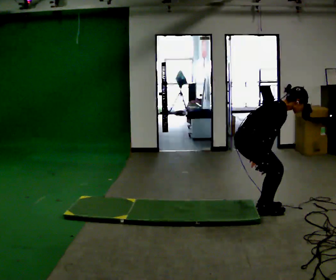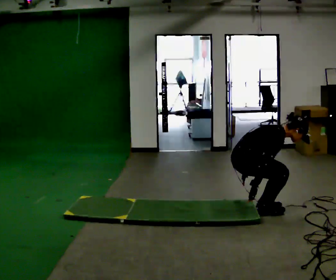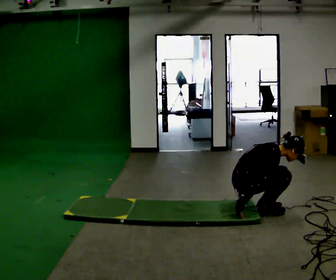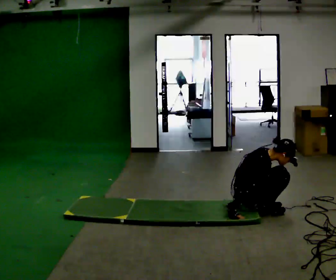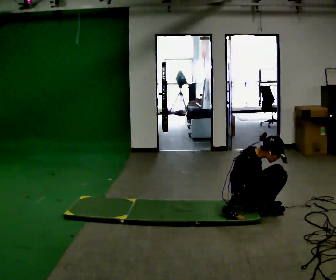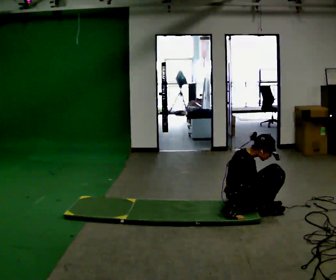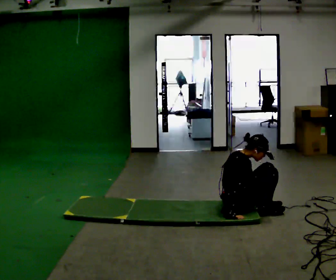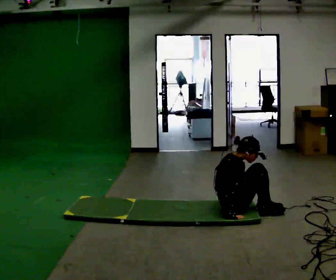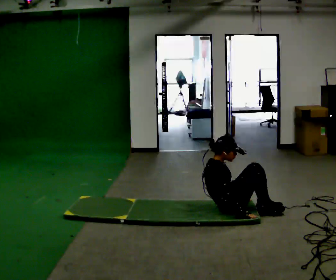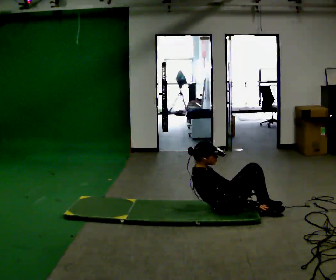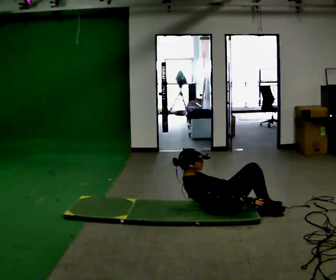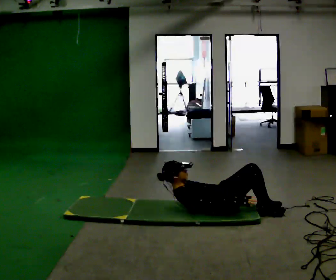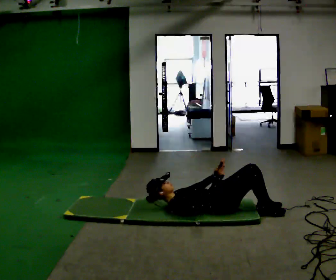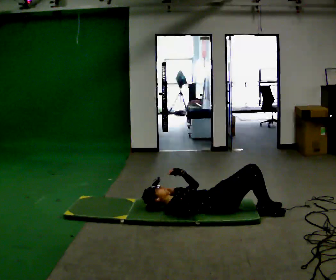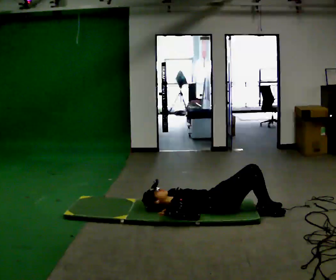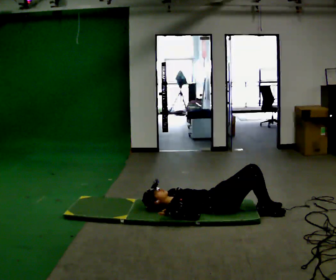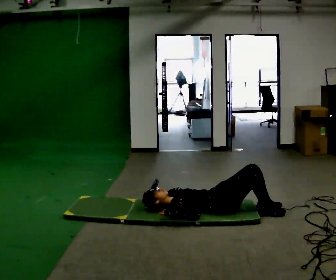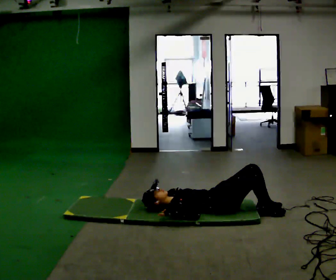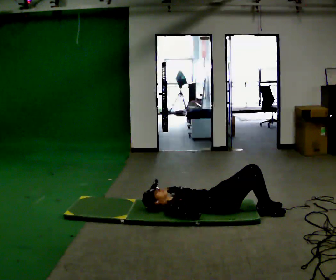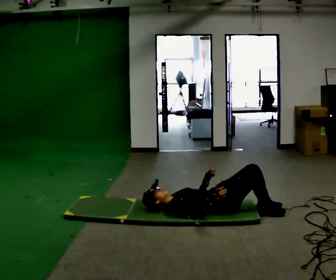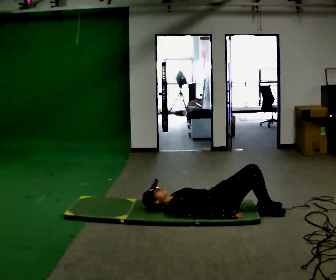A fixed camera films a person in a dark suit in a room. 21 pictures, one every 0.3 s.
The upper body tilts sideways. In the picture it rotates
counterclockwise.
The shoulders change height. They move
downward.
0.0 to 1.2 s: The upper body goes downward. In the picture their right hand goes downward and to the left.
1.2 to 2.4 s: In the picture the upper body tilts counterclockwise, shoulders to the left, as they lean back or straighten.
2.4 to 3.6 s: The upper body goes downward. In the picture the upper body tilts counterclockwise, shoulders to the left, as they lean back or straighten.
3.6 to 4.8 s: In the picture their left hand goes to the left.
4.8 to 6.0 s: The upper body tips away from the camera, its near side rolling upward. In the picture their left hand goes to the right.
The film runs backward here.
